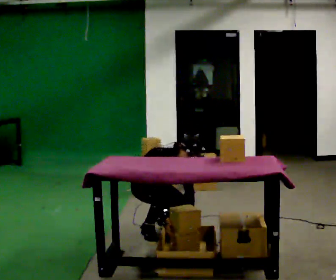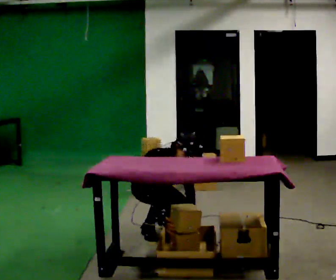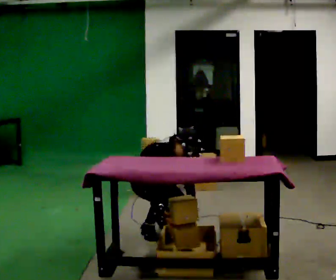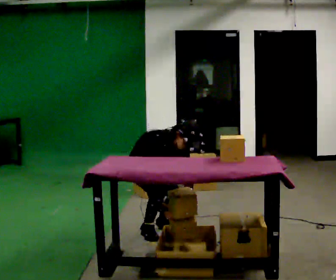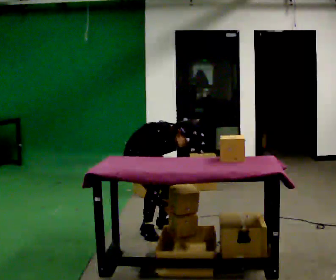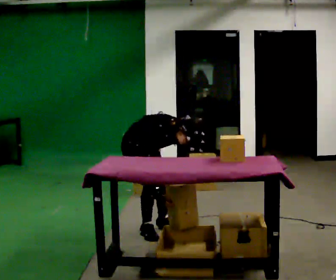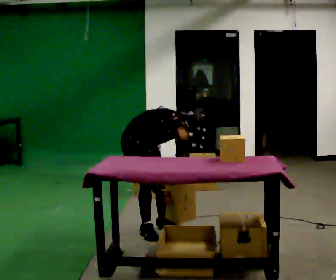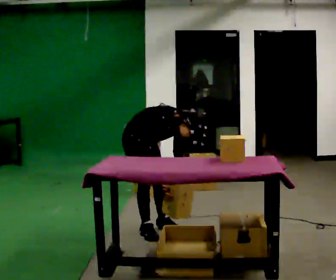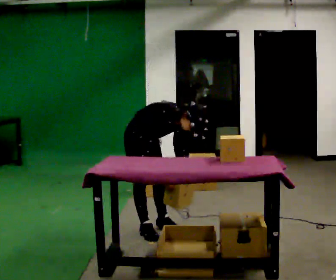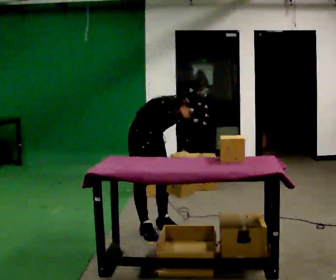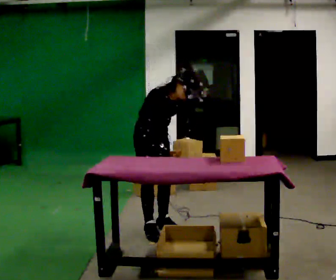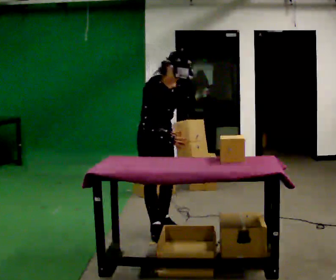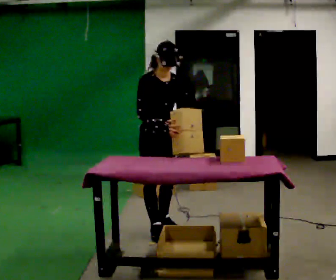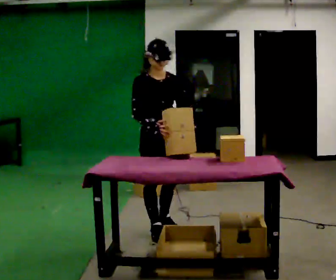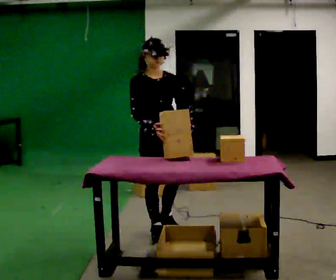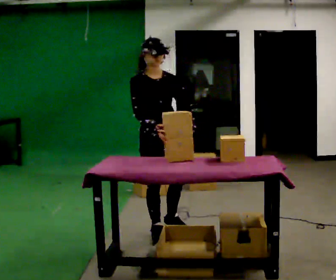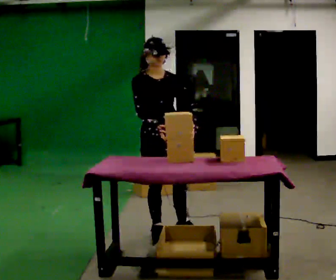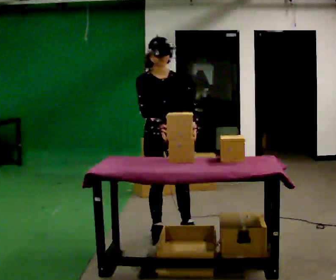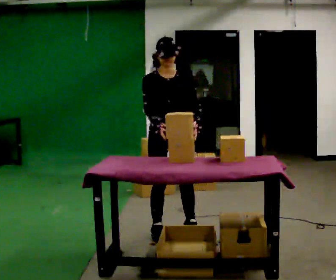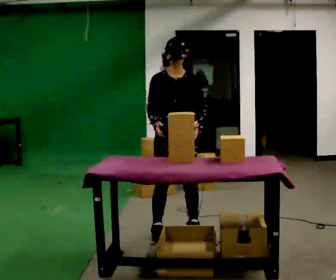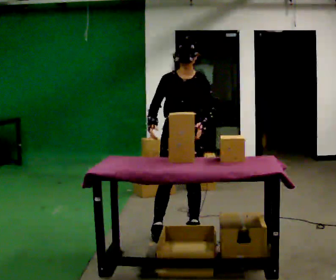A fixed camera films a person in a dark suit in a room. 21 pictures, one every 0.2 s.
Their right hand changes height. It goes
upward.
The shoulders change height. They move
upward.
0.0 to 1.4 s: The shoulders move upward. In the picture the upper body tilts clockwise, shoulders to the right, as they bend forward.
1.4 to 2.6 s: In the picture they go toward the camera and to the right, about 0.25 m, which for them is forward. The shoulders move upward. In the picture the upper body tilts counterclockwise, shoulders to the left, as they lean back or straighten. In the picture their left hand goes upward.
2.6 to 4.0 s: Seen from above the body turns clockwise, about 45 degrees: to their right, with its near side sliding to the left. In the picture they go to the right, about 0.25 m in 1 step, which for them is to their left.
The film runs backward here.
